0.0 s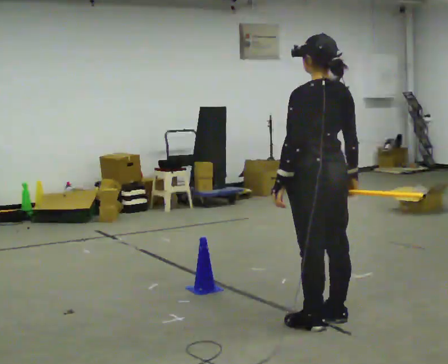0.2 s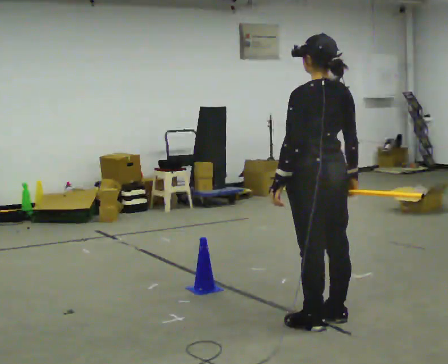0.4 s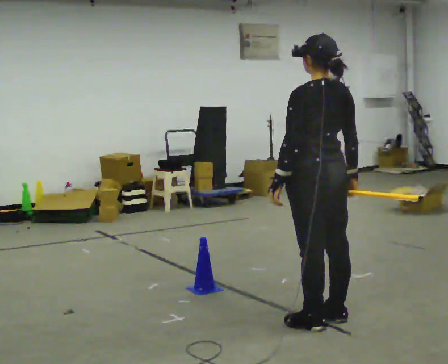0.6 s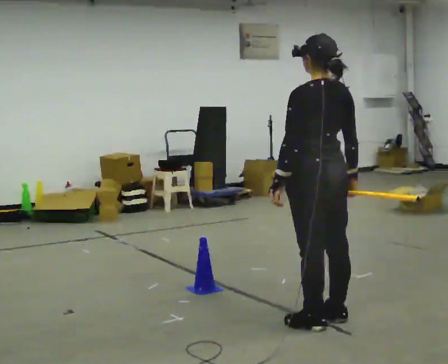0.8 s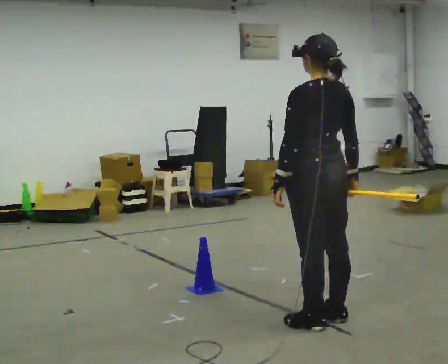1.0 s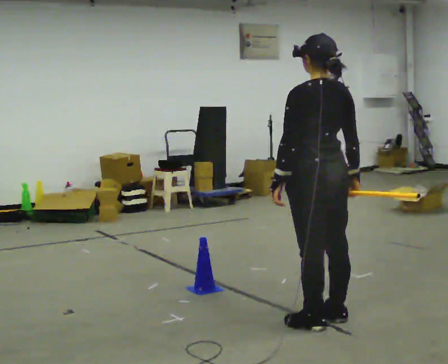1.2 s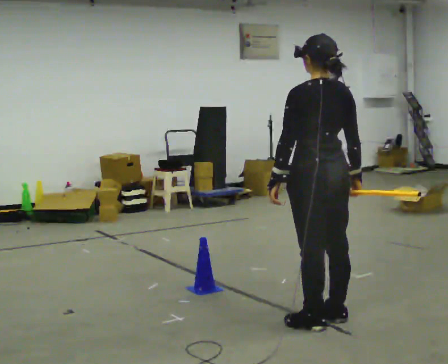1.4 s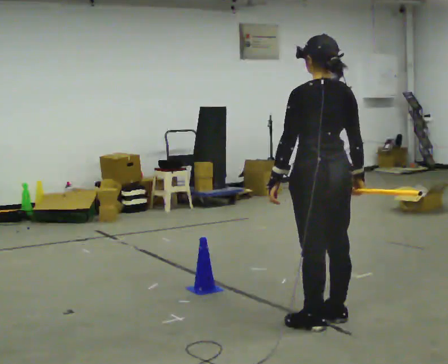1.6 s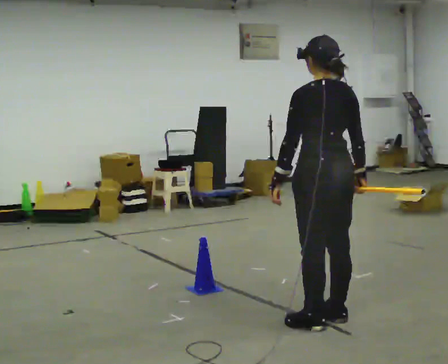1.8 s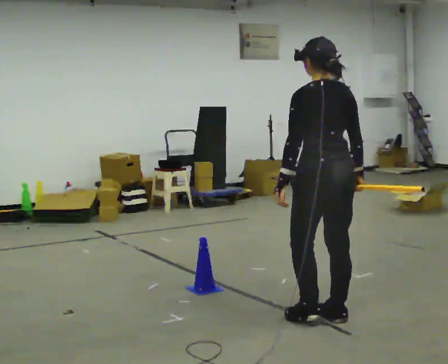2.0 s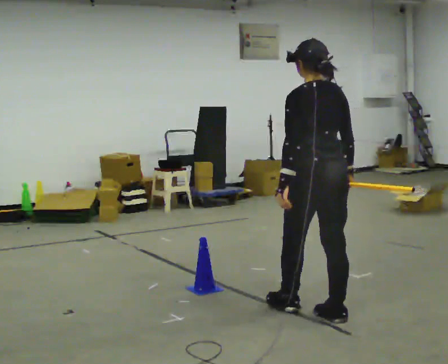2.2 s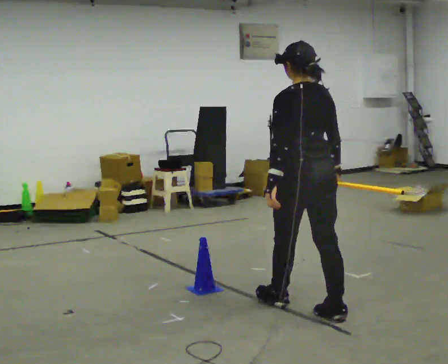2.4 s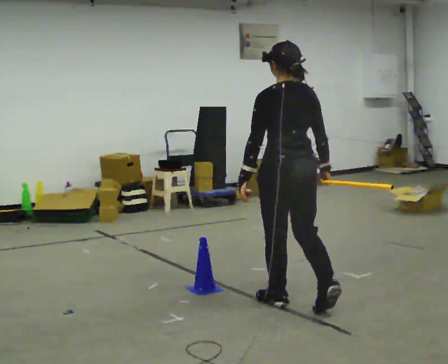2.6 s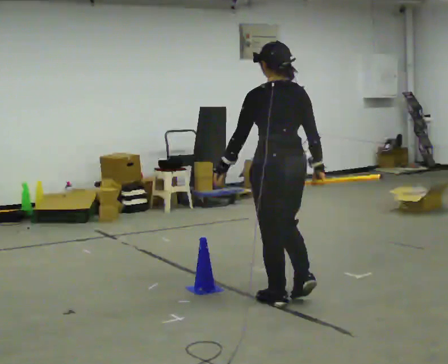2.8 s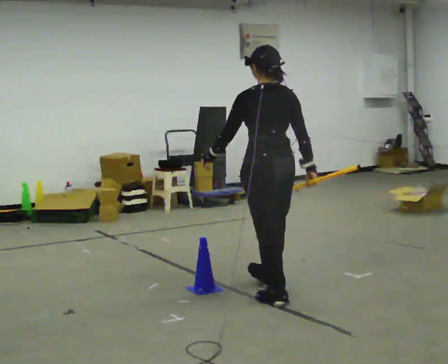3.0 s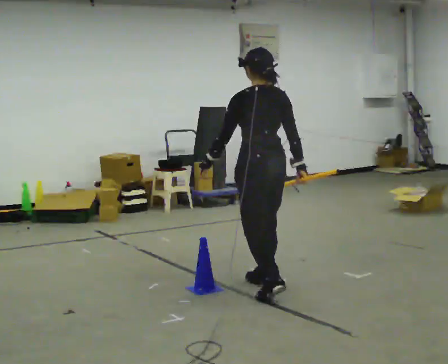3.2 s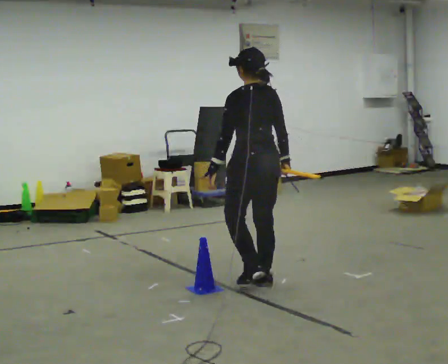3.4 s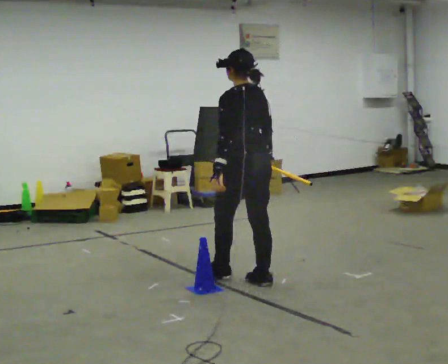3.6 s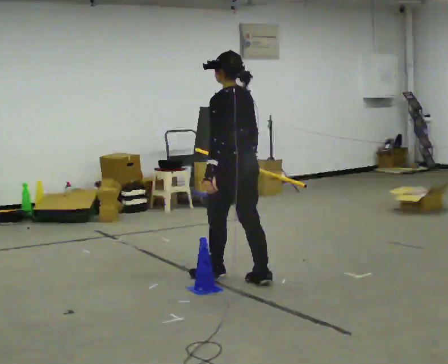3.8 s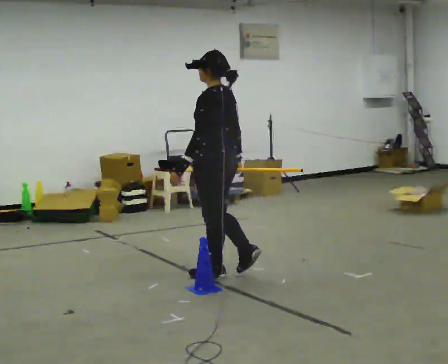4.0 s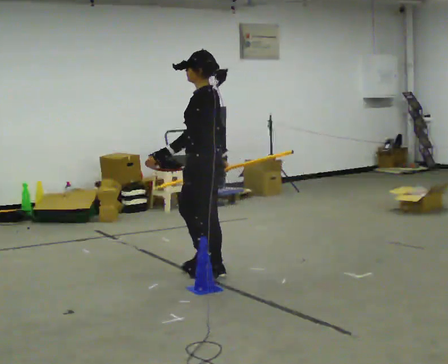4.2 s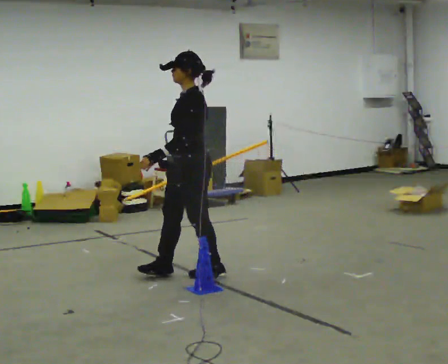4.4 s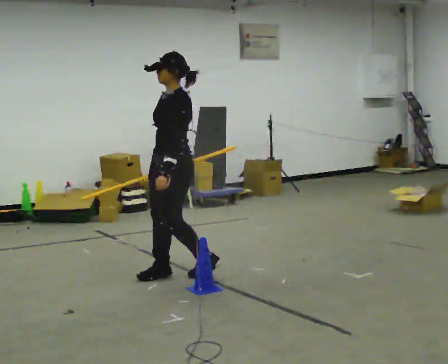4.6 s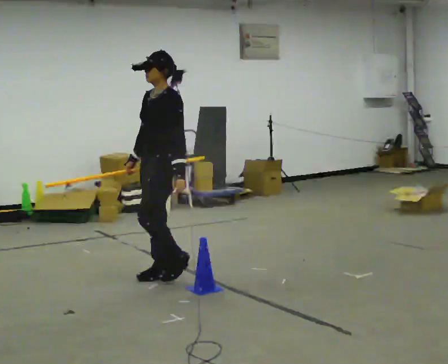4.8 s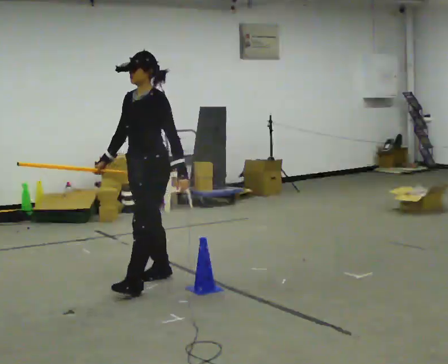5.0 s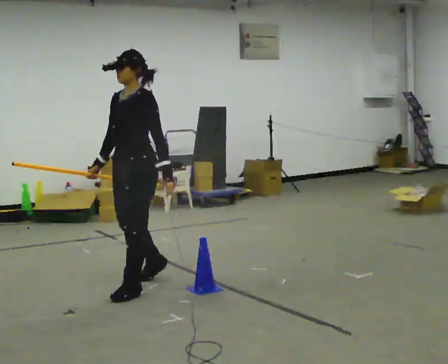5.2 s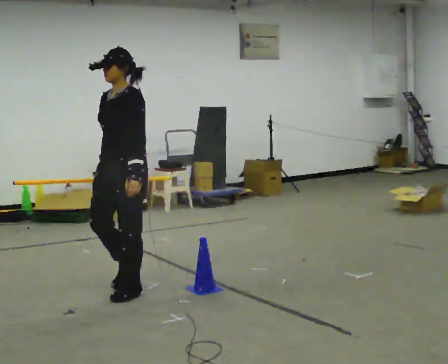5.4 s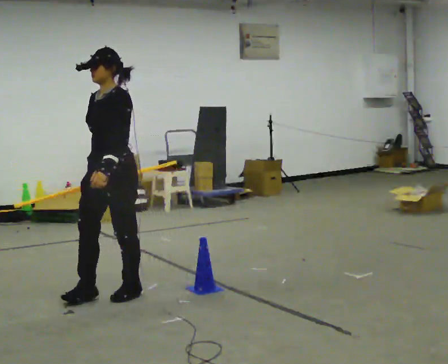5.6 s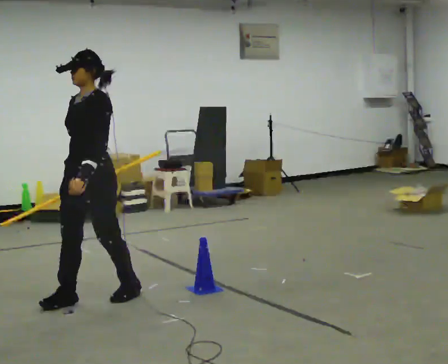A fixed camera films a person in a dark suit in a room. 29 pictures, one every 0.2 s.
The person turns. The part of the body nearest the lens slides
to the right.
The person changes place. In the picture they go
to the left.
0.0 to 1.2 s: The person moves a little, or ends about where they began.
1.2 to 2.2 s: In the picture they go away from the camera, about 0.25 m in 1 step, which for them is forward.
2.2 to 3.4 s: In the picture they go away from the camera and to the left, about 0.5 m in 1 step, which for them is forward.
3.4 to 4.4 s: Seen from above the body turns counterclockwise, about 75 degrees: to their left, with its near side sliding to the right. In the picture they go to the left, about 0.5 m in 2 steps.
4.4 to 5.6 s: Seen from above the body turns counterclockwise, about 30 degrees: to their left, with its near side sliding to the right. In the picture they go toward the camera and to the left, about 0.5 m in 2 steps, which for them is forward.
The film runs forward here.
